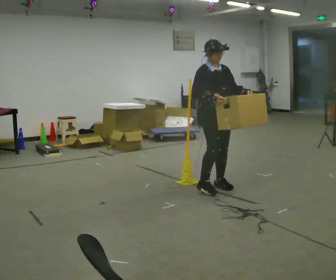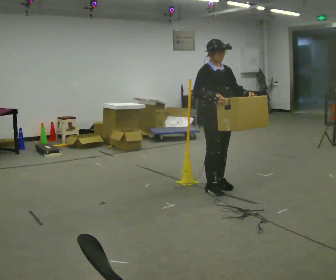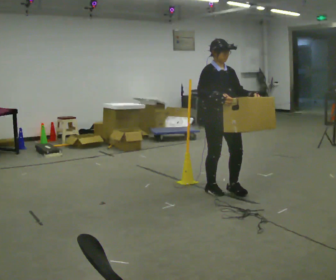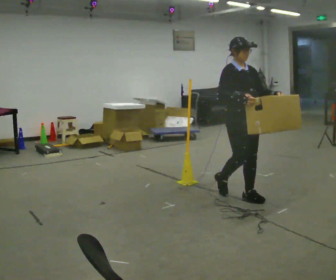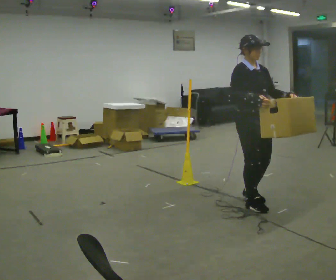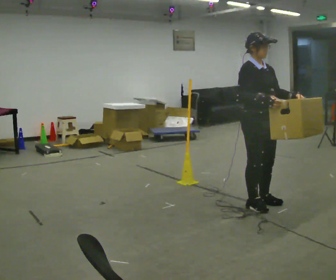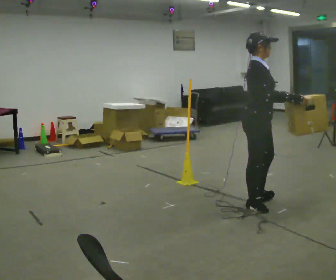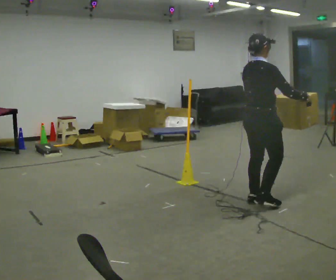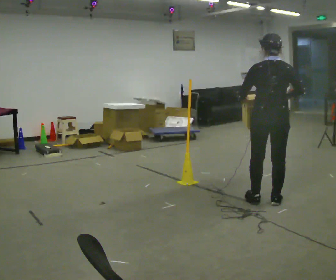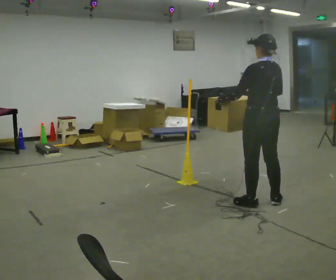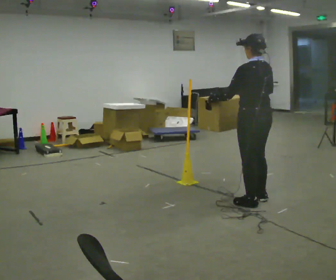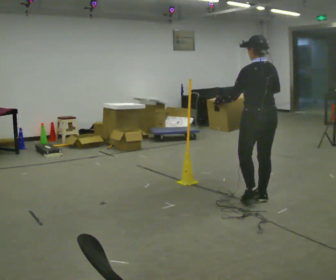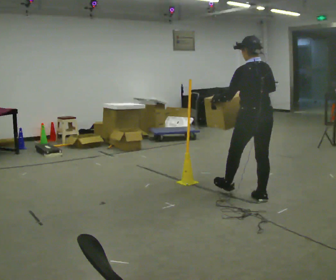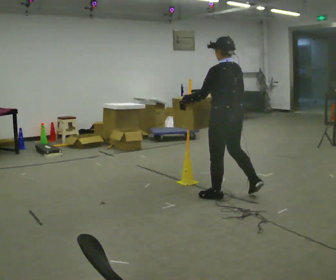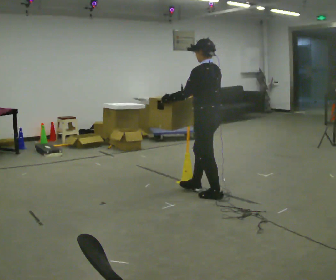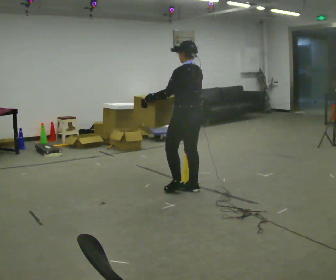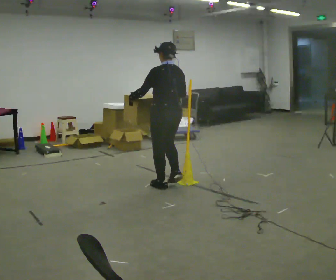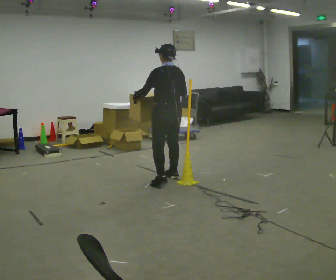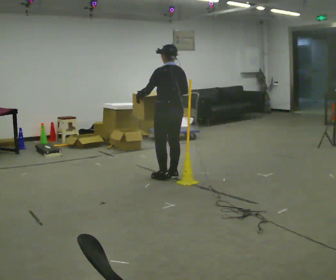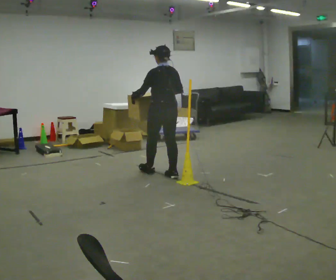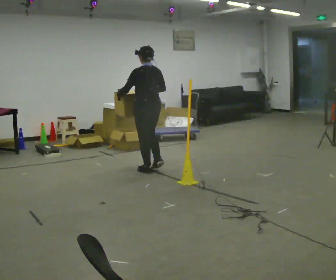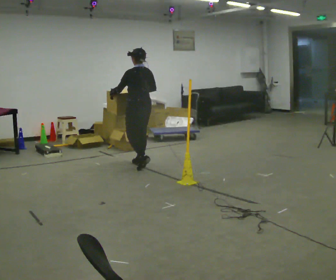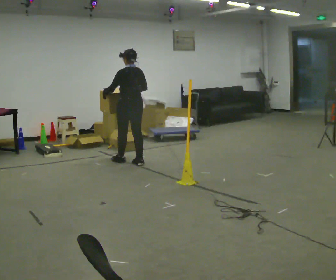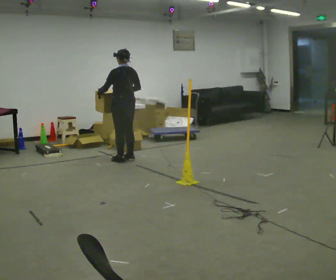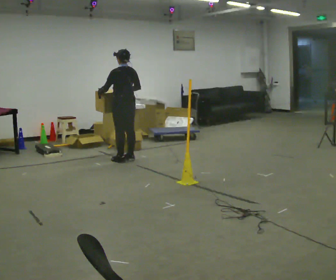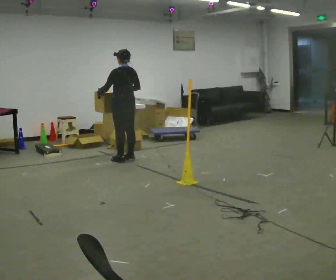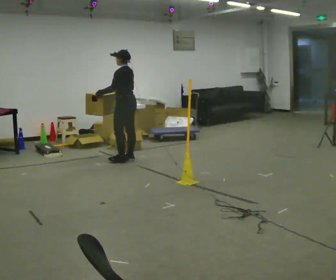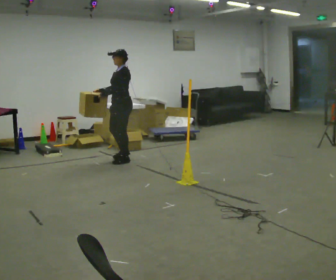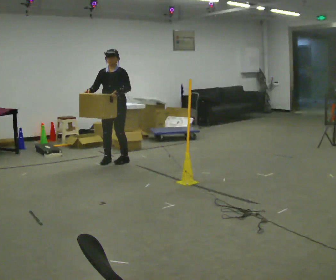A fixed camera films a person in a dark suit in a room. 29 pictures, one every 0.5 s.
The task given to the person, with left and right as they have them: Carry the box across the room. The operator will step into your path partway across, so go around them and carry on. Keep going until the operator says stop; one object at a time, and do not rush between trips.
0.0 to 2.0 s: In the picture they go toward the camera and to the right, about 0.75 m in 3 steps, which for them is forward.
2.0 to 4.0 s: The part of the body nearest the lens slides to the right as the person turns to their left by about 135 degrees. In the picture they go to the right, about 0.25 m in 2 steps. In the picture their left hand goes to the left.
4.0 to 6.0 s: Seen from above the body turns counterclockwise, about 30 degrees: to their left, with its near side sliding to the right. In the picture their right hand goes to the left.
6.0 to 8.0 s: In the picture they go to the left and away from the camera, about 1 m in 3 steps, which for them is forward.
8.0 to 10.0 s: In the picture they go away from the camera and to the left, about 0.5 m in 3 steps, which for them is forward.
10.0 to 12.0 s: In the picture they go away from the camera and to the left, about 0.5 m in 3 steps, which for them is forward.
12.0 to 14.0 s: The person turns about 135 degrees to their left, counterclockwise seen from above, so the part of the body nearest the lens slides to the right. In the picture their left hand goes to the right.
The film runs forward here.
